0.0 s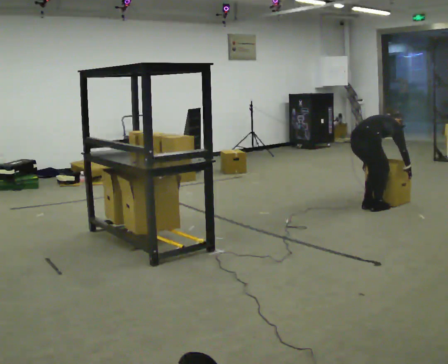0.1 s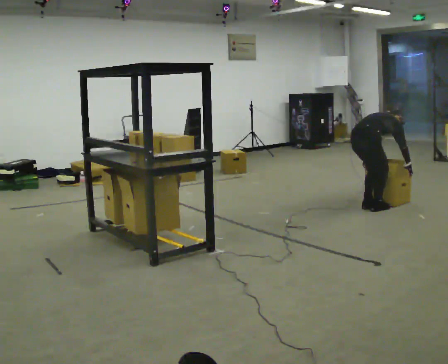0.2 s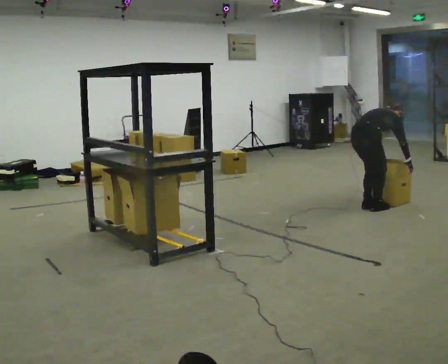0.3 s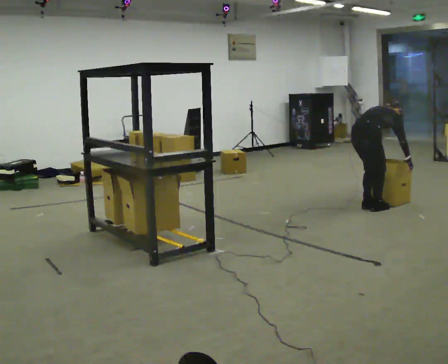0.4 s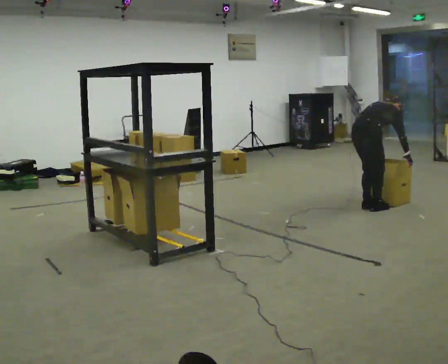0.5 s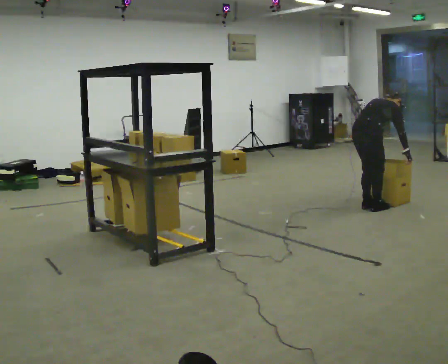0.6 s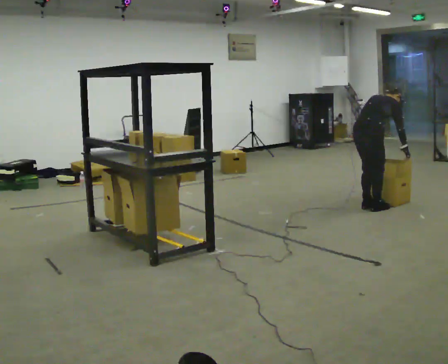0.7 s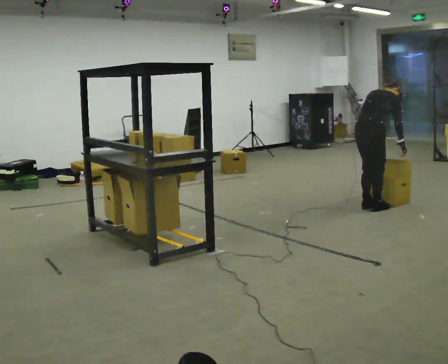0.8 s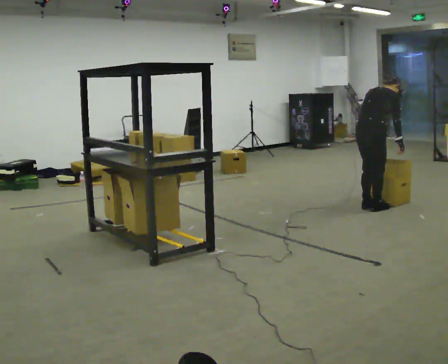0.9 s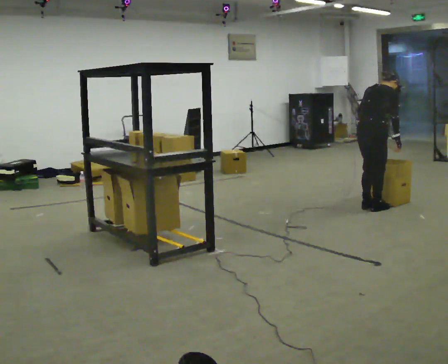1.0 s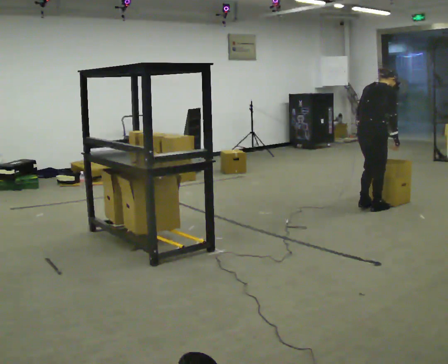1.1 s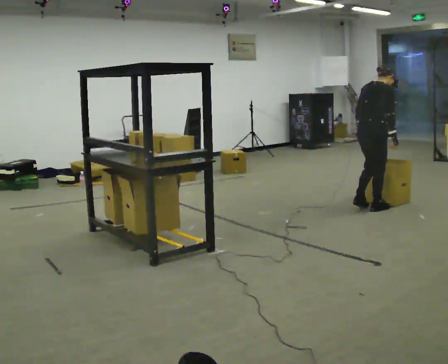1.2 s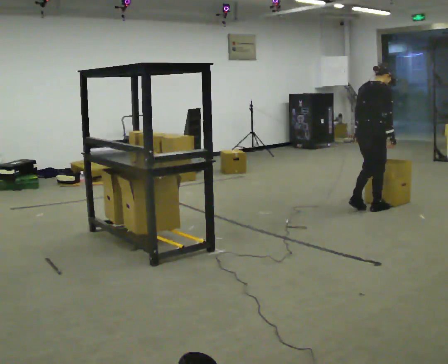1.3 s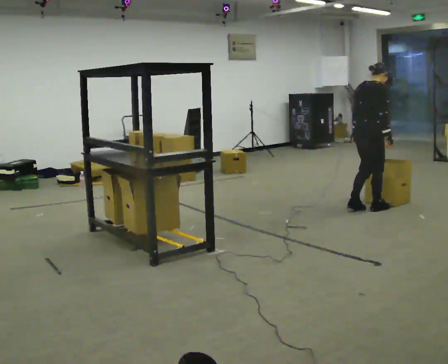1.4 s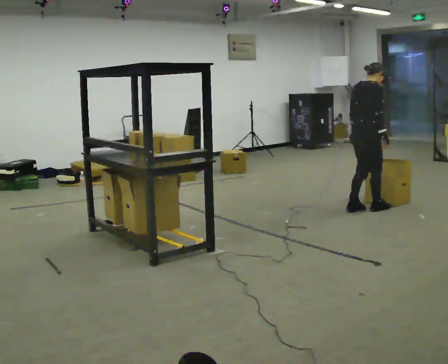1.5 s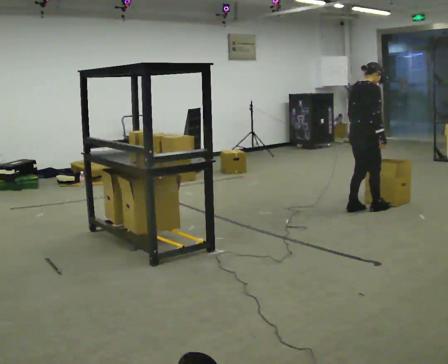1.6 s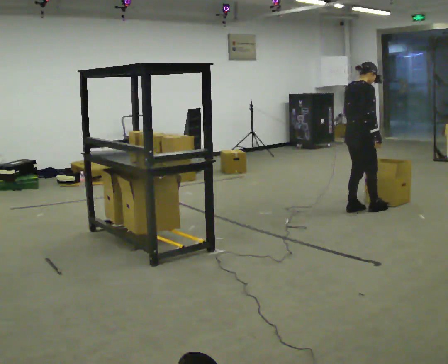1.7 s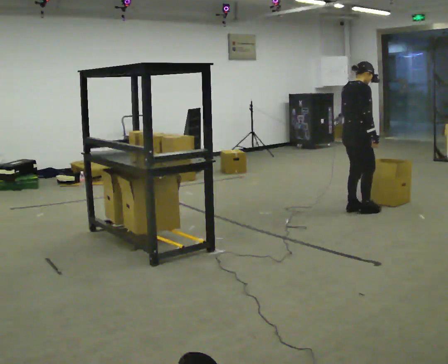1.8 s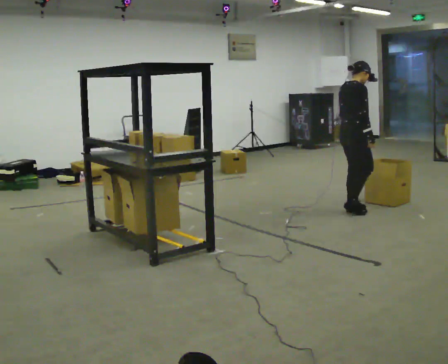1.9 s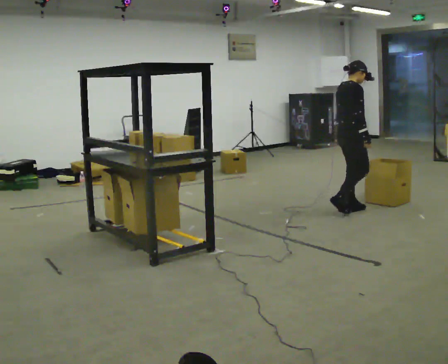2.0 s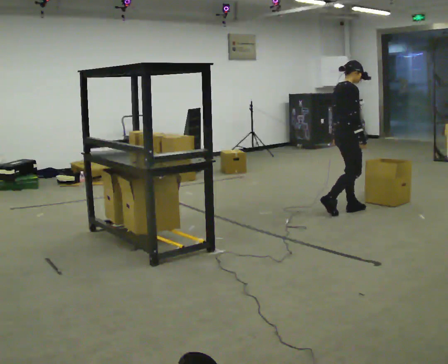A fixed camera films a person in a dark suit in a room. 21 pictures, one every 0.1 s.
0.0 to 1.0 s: The shoulders move upward. The upper body tips toward the camera, its near side rolling downward, as they lean back or straighten. In the picture their left hand goes upward.
1.0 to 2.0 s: Seen from above the body turns clockwise, about 30 degrees: to their right, with its near side sliding to the left. In the picture they go to the left, about 0.25 m in 1 step, which for them is backward and to their left. The upper body tips toward the camera, its near side rolling downward, as they lean back or straighten.
The film runs backward here.
